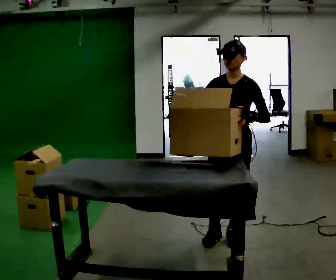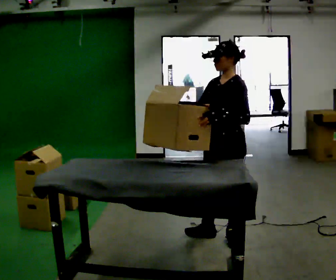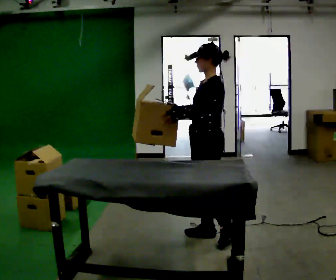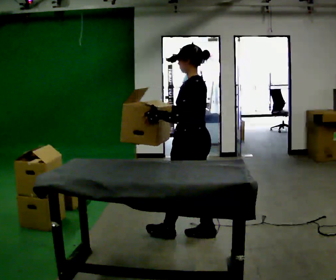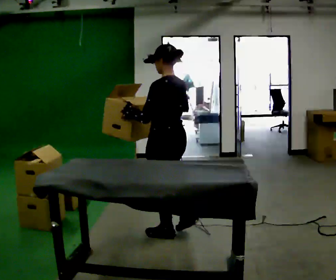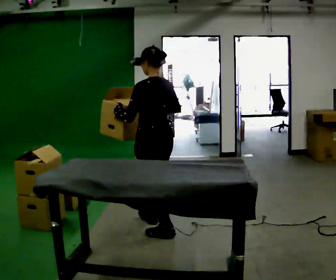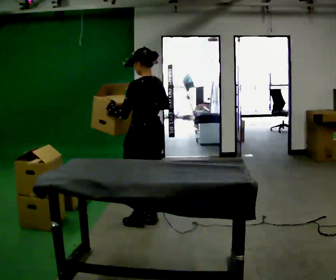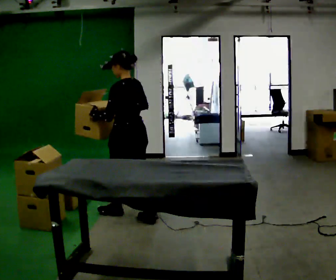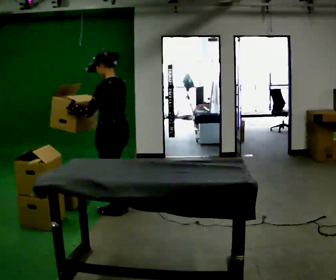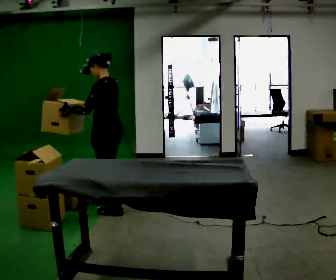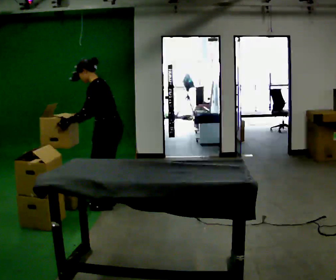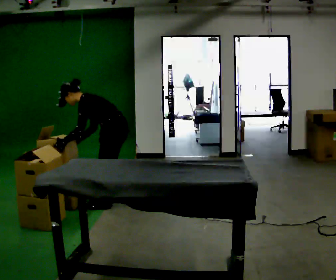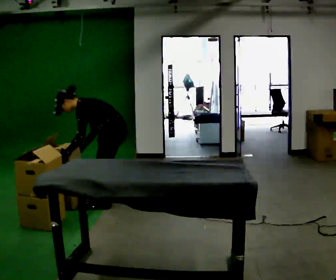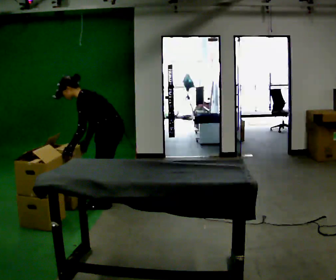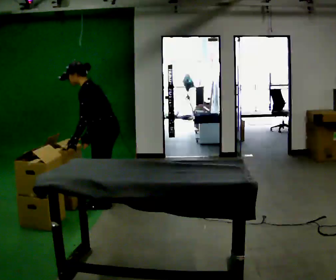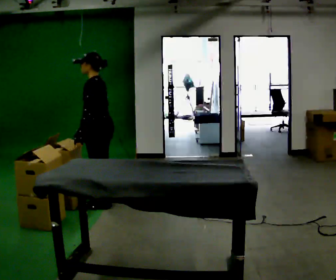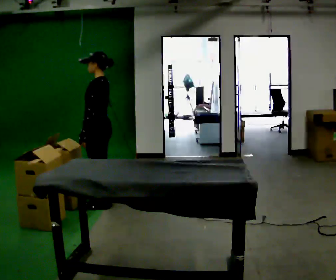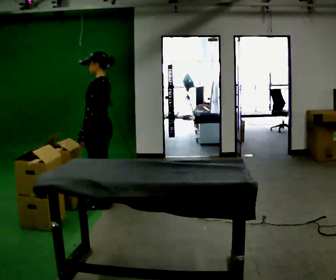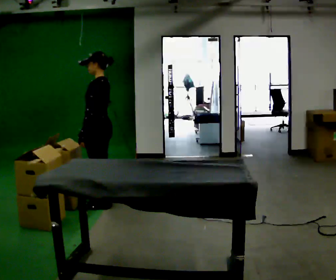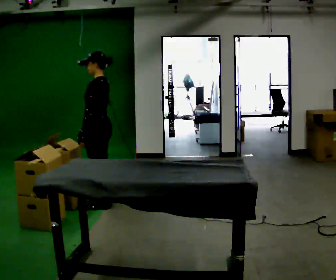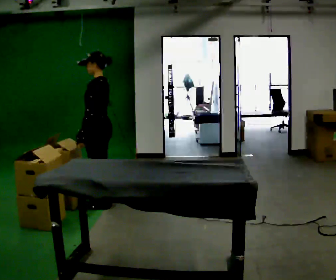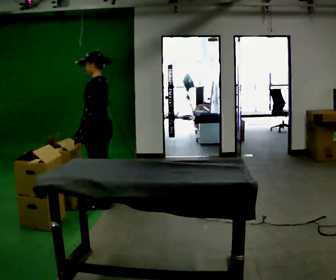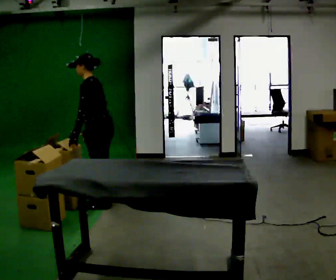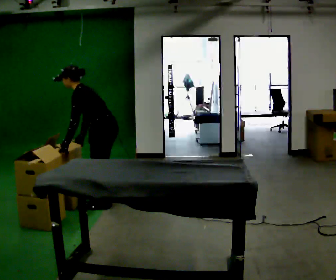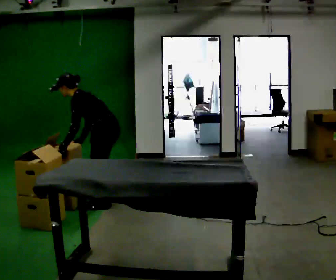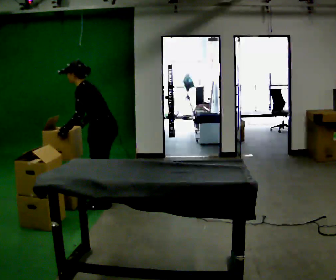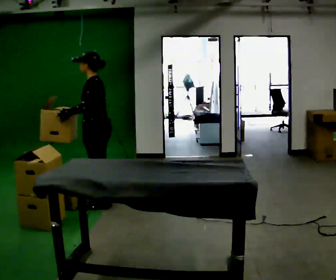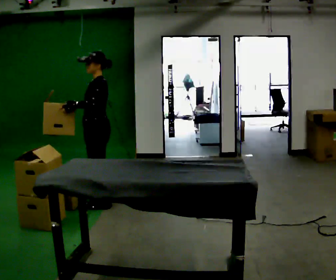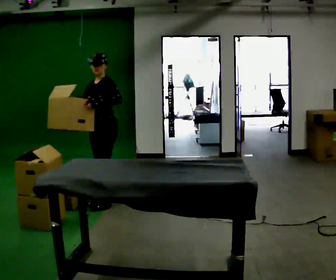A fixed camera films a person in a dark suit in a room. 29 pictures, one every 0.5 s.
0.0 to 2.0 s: Seen from above the body turns clockwise, about 105 degrees: to their right, with its near side sliding to the left. In the picture they go to the left and away from the camera, about 0.5 m in 1 step.
2.0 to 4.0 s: In the picture they go away from the camera and to the left, about 1 m in 2 steps, which for them is forward.
4.0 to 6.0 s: Seen from above the body turns counterclockwise, about 30 degrees: to their left, with its near side sliding to the right. In the picture they go away from the camera, about 0.25 m in 2 steps, which for them is to their right. The shoulders move downward. In the picture the upper body tilts counterclockwise, shoulders to the left, as they bend forward. In the picture their left hand goes downward.
6.0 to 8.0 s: In the picture they go to the left, about 0.25 m, which for them is forward. The upper body goes upward. In the picture the upper body tilts clockwise, shoulders to the right, as they lean back or straighten.
8.0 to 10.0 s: The person keeps their place and pose.
10.0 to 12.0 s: The shoulders move downward. In the picture the upper body tilts counterclockwise, shoulders to the left, as they bend forward.
12.0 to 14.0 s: The person turns about 60 degrees to their left, counterclockwise seen from above, so the part of the body nearest the lens slides to the right. In the picture the upper body tilts clockwise, shoulders to the right, as they lean back or straighten. In the picture their right hand goes upward, the arm swinging clockwise.
The film runs forward here.
